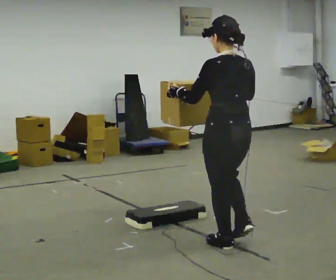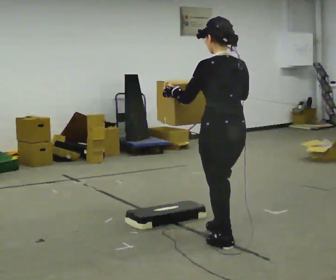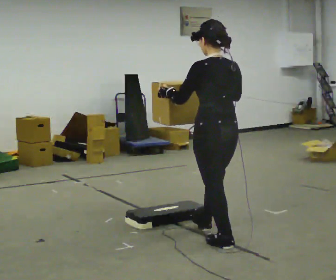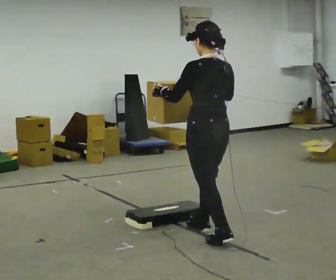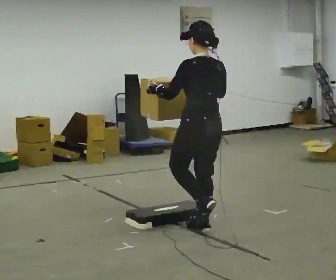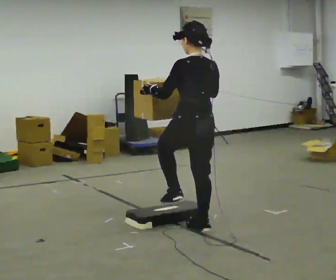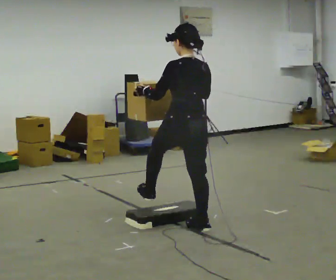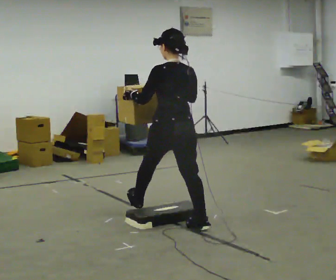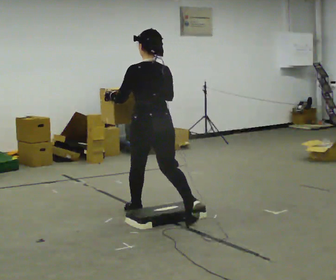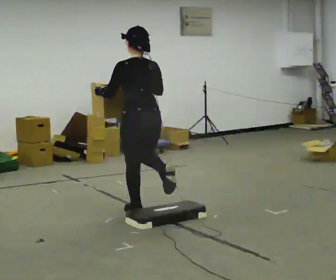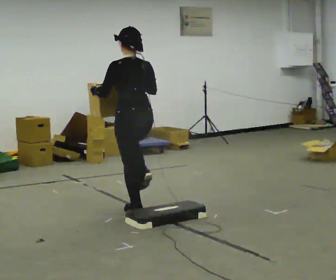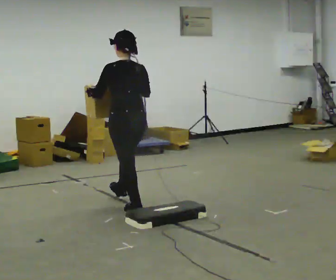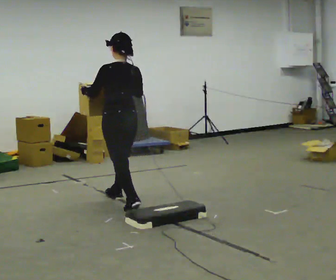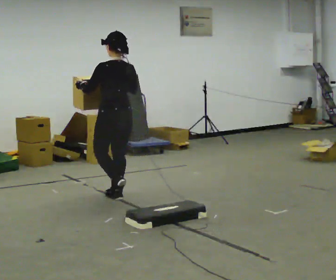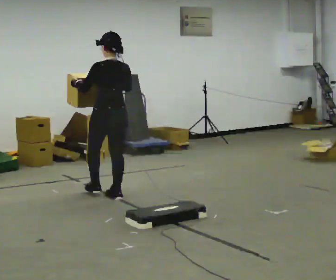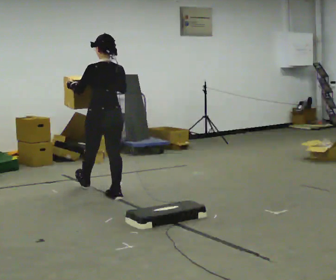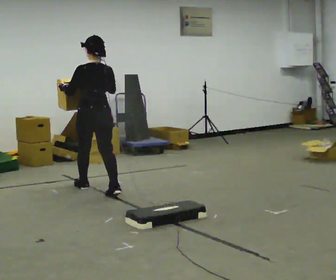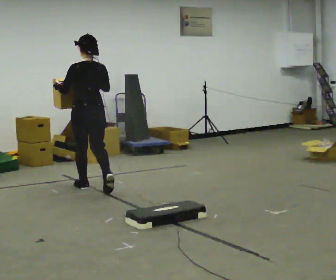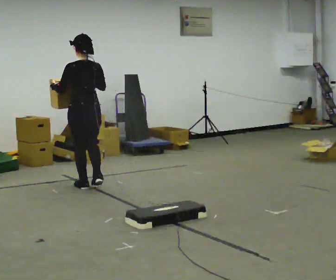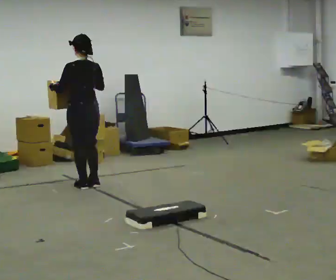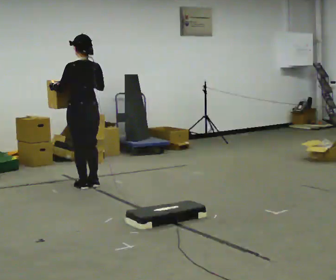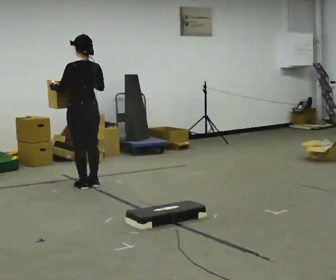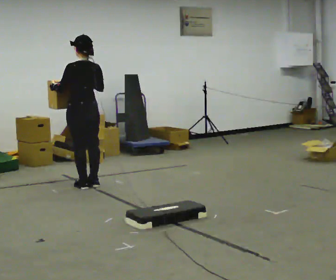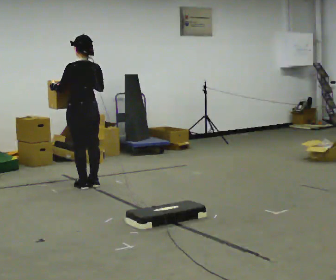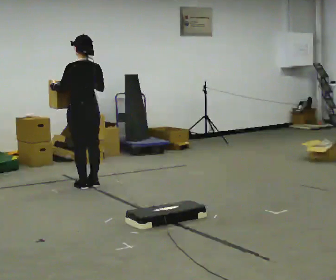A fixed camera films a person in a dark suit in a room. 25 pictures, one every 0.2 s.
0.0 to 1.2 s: In the picture they go away from the camera and to the left, about 0.5 m in 1 step, which for them is forward.
1.2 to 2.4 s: In the picture they go away from the camera and to the left, about 1 m in 2 steps, which for them is forward.
2.4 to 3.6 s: In the picture they go away from the camera and to the left, about 0.5 m in 1 step, which for them is forward.
3.6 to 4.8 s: The person moves a little, or ends about where they began.
The film runs forward here.
